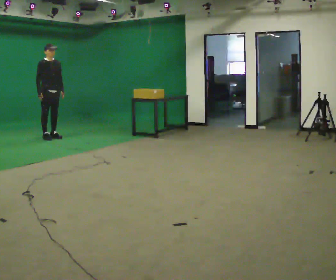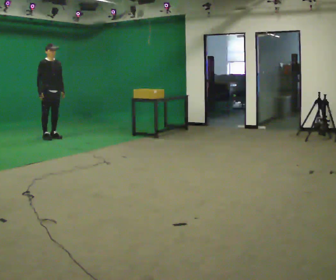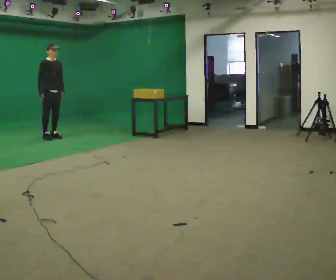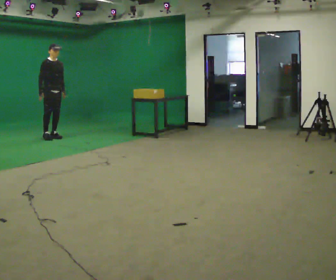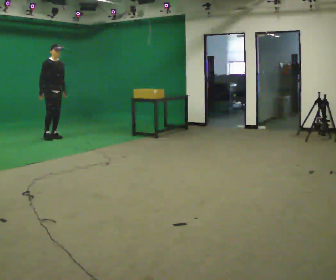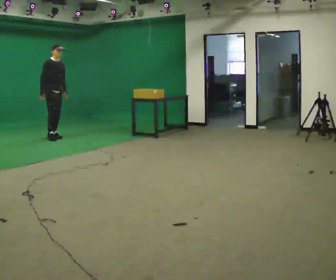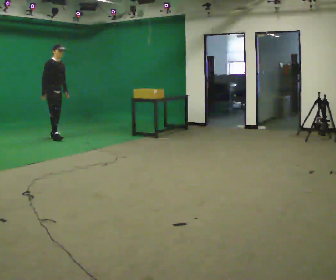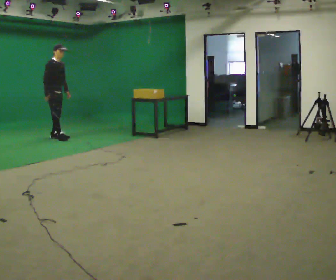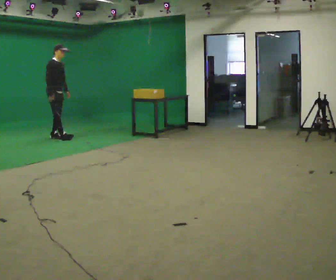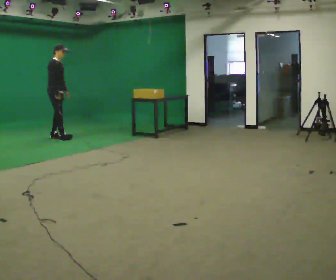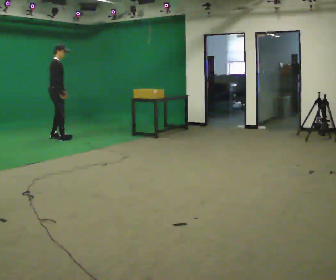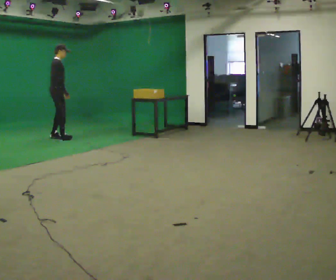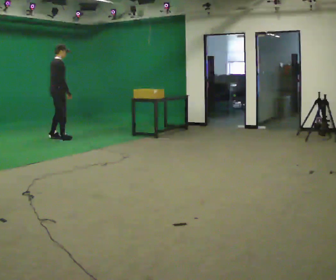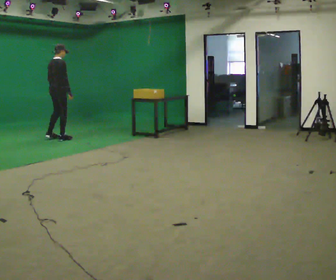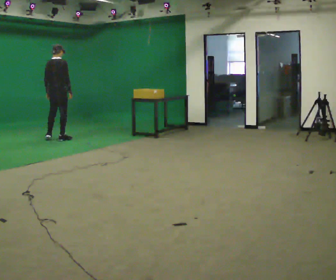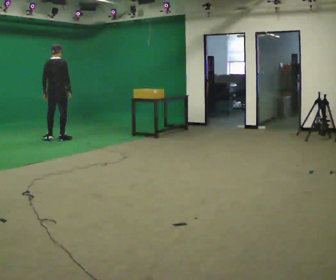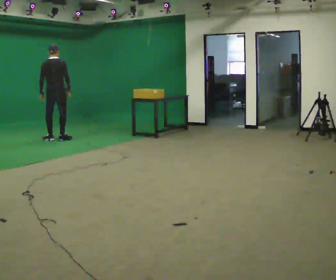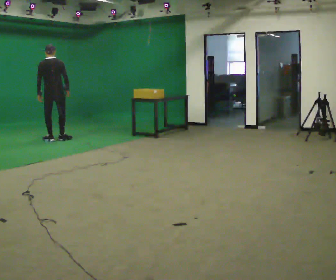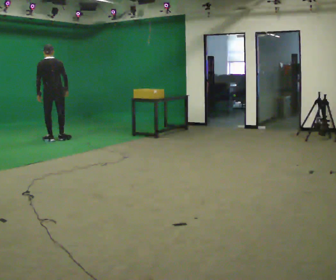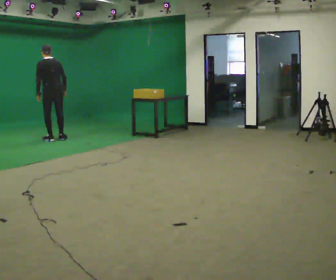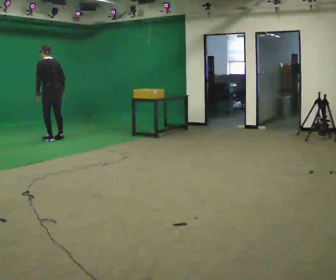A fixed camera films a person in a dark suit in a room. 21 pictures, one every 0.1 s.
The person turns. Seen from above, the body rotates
counterclockwise.
The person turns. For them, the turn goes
to their left.
0.0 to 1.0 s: The part of the body nearest the lens slides to the right as the person turns to their left by about 45 degrees. In the picture their right hand goes to the right.
1.0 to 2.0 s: The person turns about 135 degrees to their left, counterclockwise seen from above, so the part of the body nearest the lens slides to the right. In the picture the upper body tilts counterclockwise, shoulders to the left. In the picture their left hand goes to the left.
The film runs backward here.
